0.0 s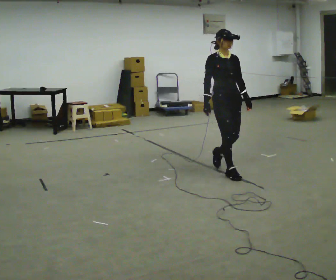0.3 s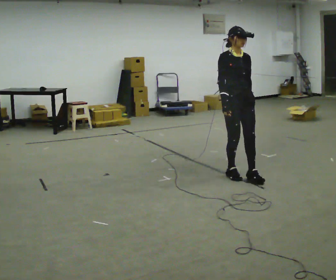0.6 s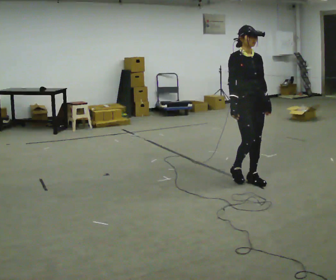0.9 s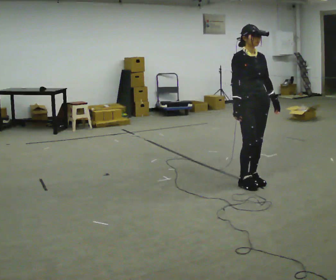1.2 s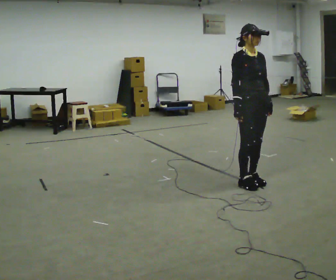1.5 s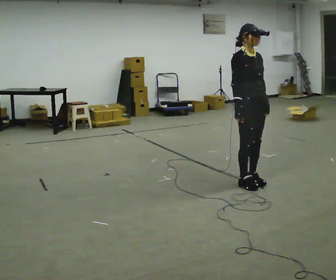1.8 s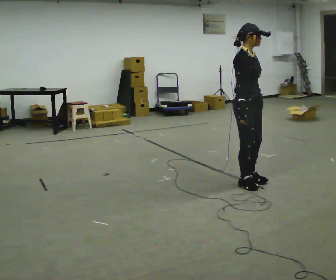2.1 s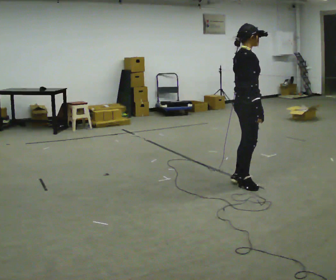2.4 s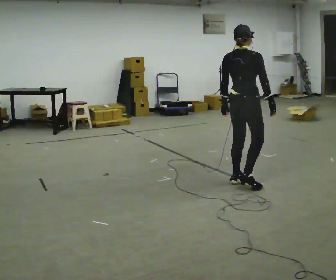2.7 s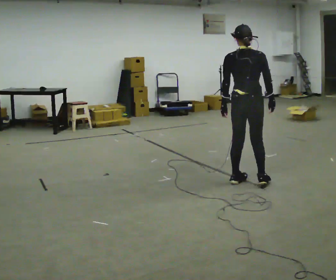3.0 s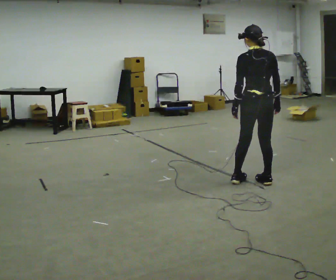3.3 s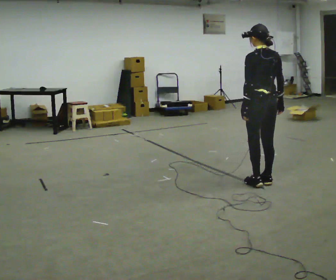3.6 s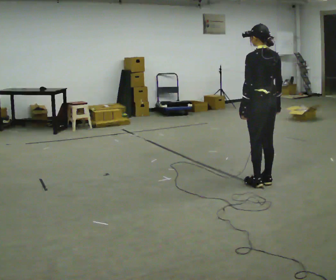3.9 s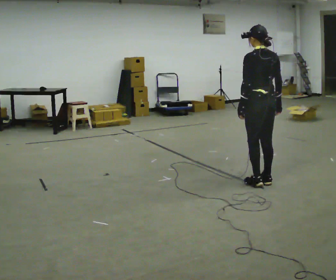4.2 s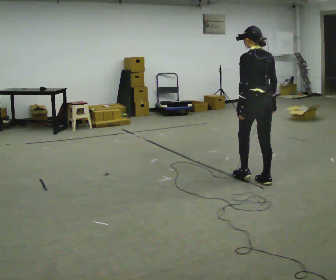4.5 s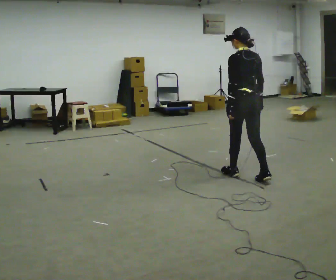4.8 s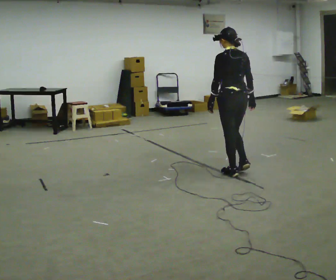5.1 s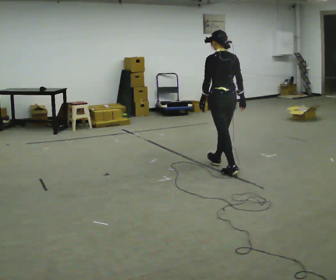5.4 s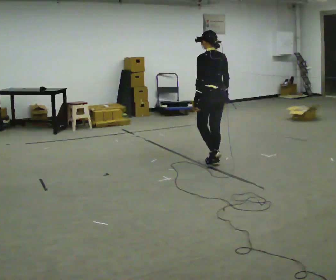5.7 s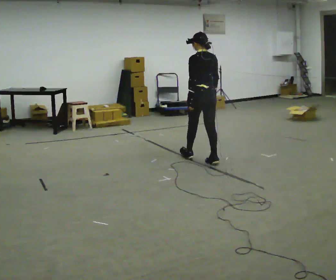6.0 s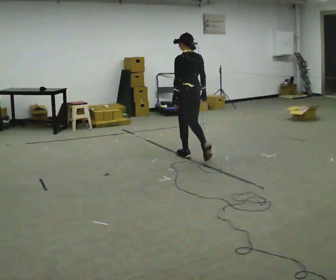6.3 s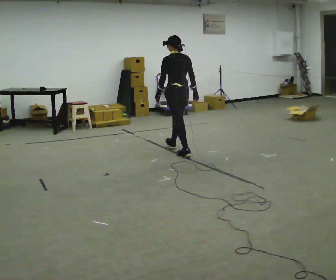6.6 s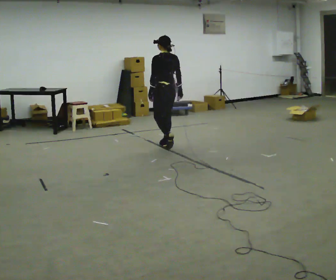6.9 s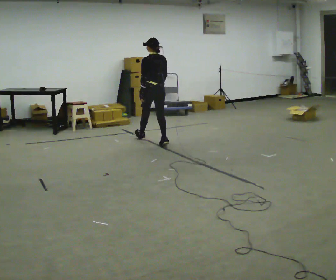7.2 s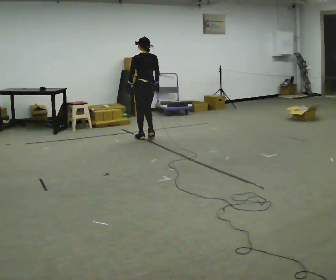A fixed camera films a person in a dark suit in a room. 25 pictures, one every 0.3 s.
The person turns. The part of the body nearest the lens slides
to the right.
The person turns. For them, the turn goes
to their left.
0.0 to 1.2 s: In the picture they go toward the camera and to the right, about 0.5 m in 2 steps, which for them is forward.
1.2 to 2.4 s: Seen from above the body turns counterclockwise, about 105 degrees: to their left, with its near side sliding to the right. In the picture their right hand goes to the right.
2.4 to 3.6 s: The person turns about 60 degrees to their left, counterclockwise seen from above, so the part of the body nearest the lens slides to the right. In the picture they go to the right, about 0.25 m in 2 steps.
3.6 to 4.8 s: In the picture they go to the left and away from the camera, about 0.5 m in 1 step, which for them is forward.
4.8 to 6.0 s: In the picture they go away from the camera and to the left, about 1 m in 2 steps, which for them is forward.
6.0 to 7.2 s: In the picture they go to the left and away from the camera, about 1 m in 2 steps, which for them is forward.
The film runs forward here.
